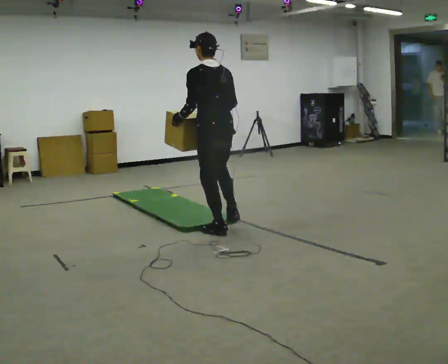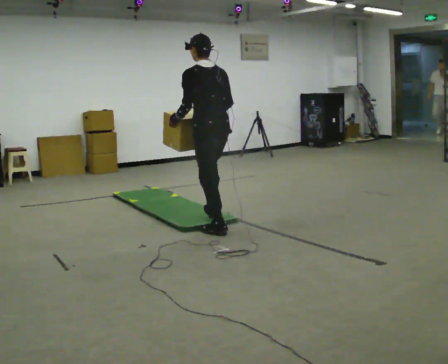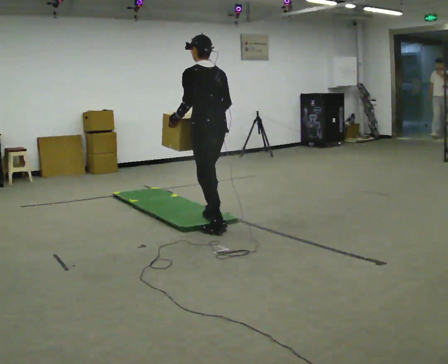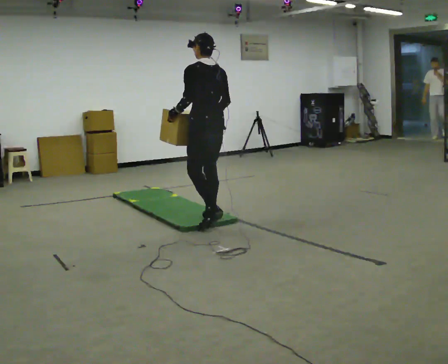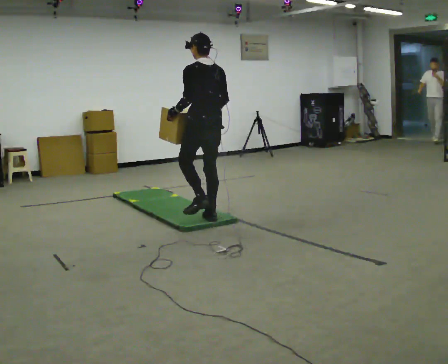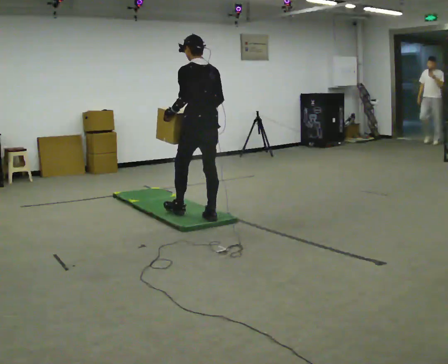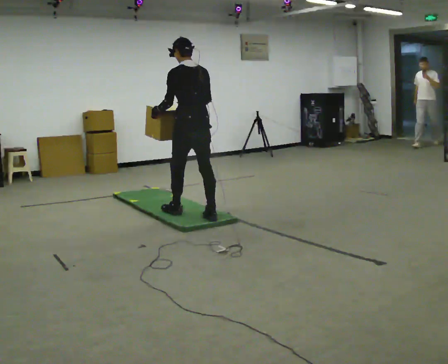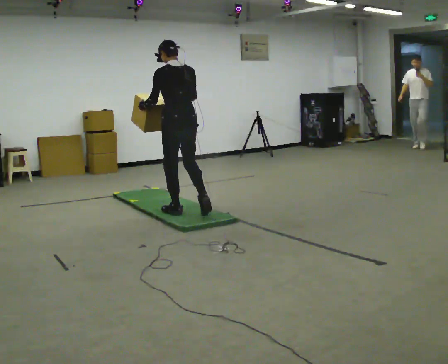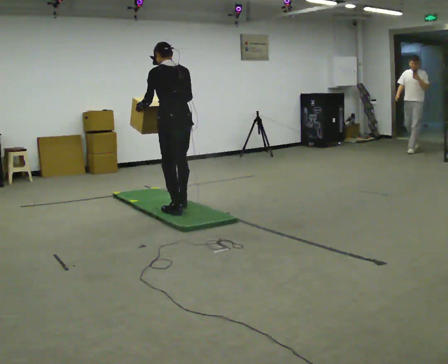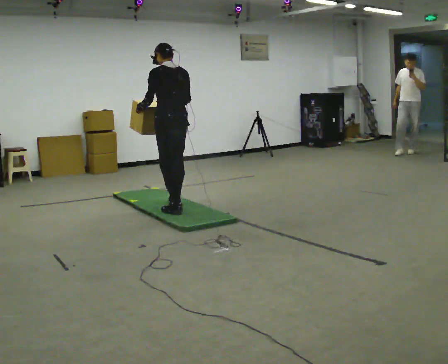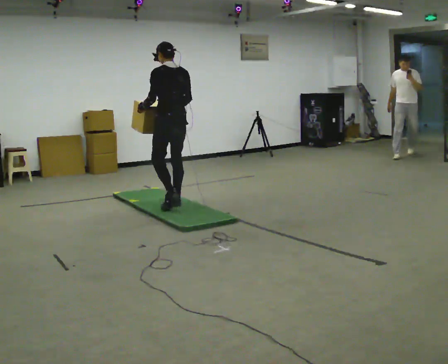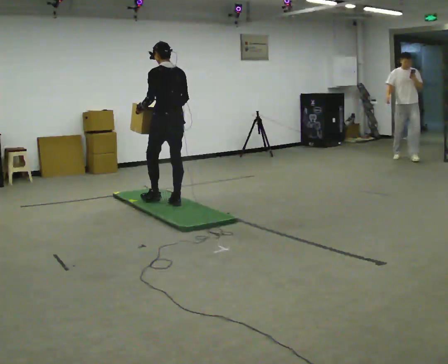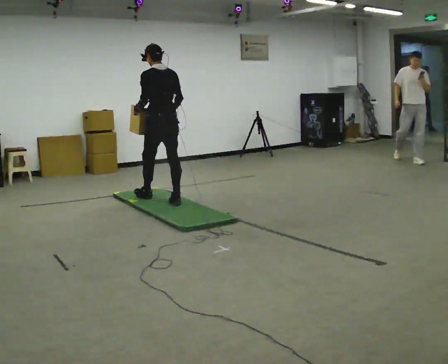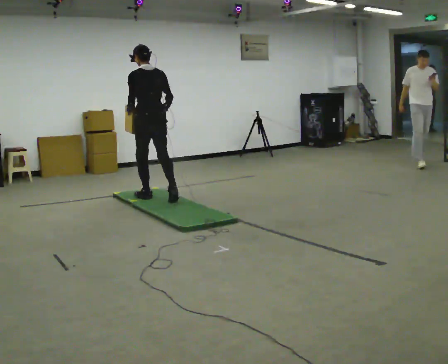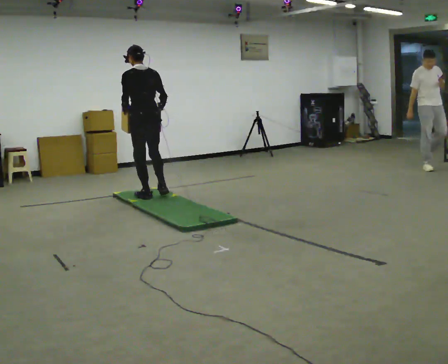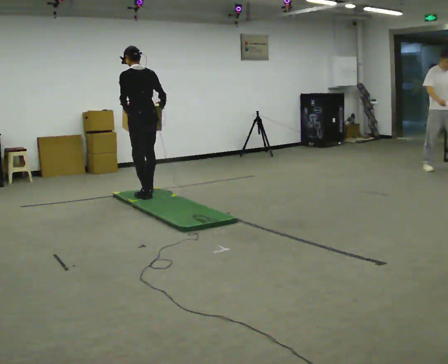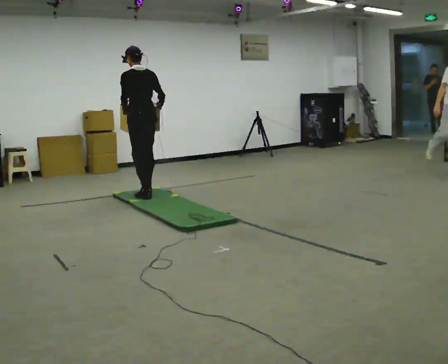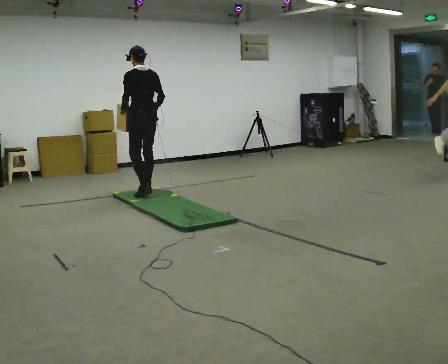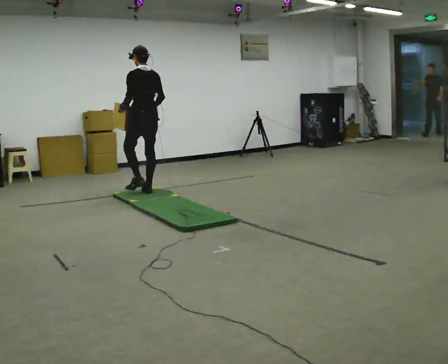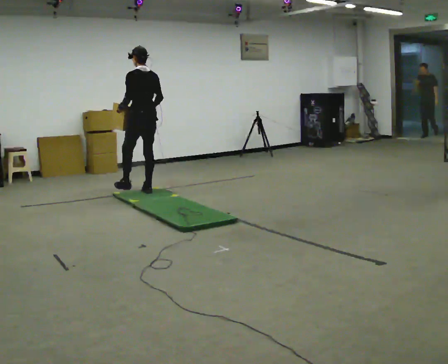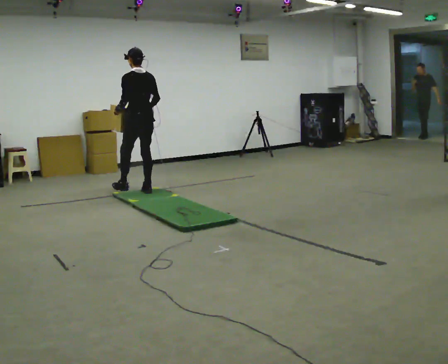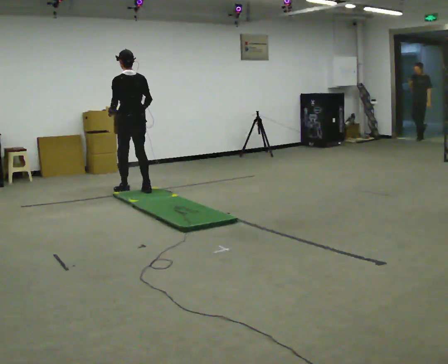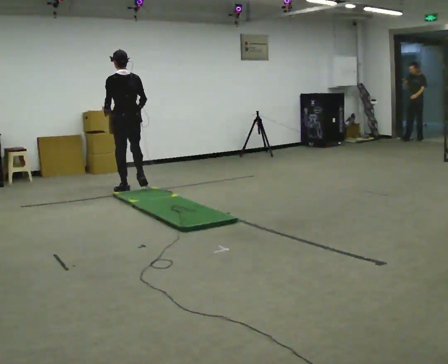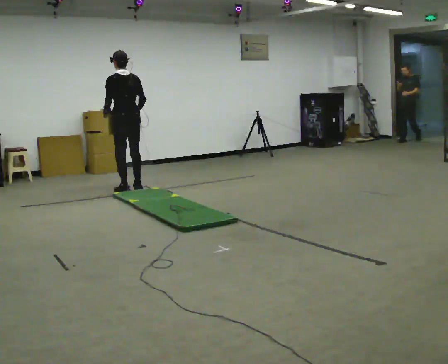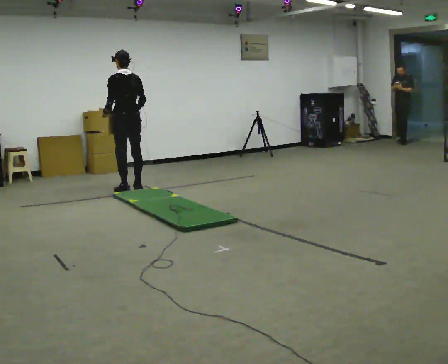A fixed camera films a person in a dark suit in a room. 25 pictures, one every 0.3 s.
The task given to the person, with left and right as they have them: Carry the box across the soft uneven mat, set it down on the far side, then bring it back. Keep going until the operator says stop; one object at a time, and do not rush between trips.
0.0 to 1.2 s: In the picture they go away from the camera, about 0.25 m in 1 step, which for them is forward and to their right.
1.2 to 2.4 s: In the picture they go to the left and away from the camera, about 0.5 m in 1 step, which for them is forward.
2.4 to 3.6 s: In the picture they go away from the camera, about 0.5 m in 2 steps, which for them is forward.
3.6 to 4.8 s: In the picture they go away from the camera and to the left, about 0.5 m in 1 step, which for them is forward.
4.8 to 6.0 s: In the picture they go away from the camera, about 0.25 m in 1 step, which for them is forward.
6.0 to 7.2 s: In the picture they go to the left, about 0.25 m in 1 step, which for them is forward.
The film runs forward here.
